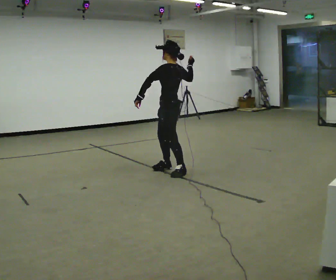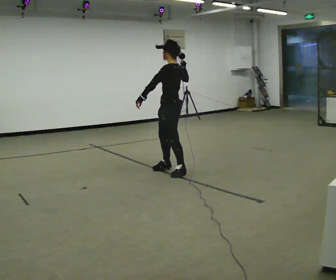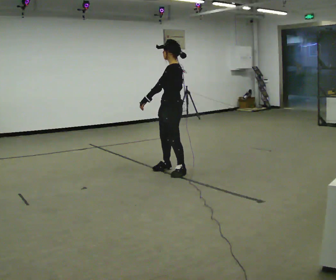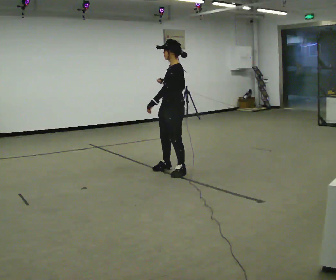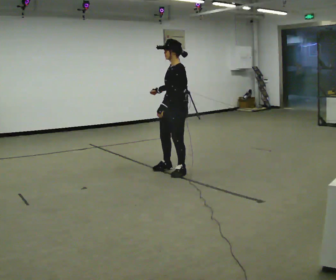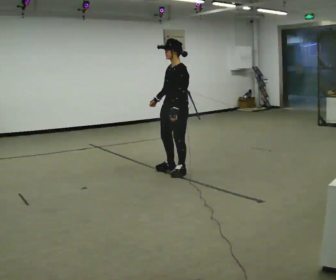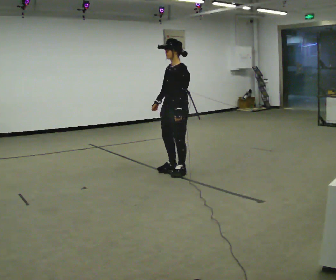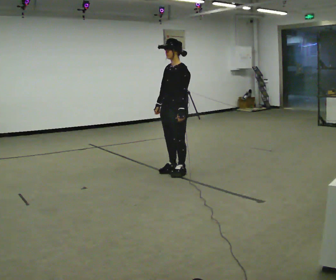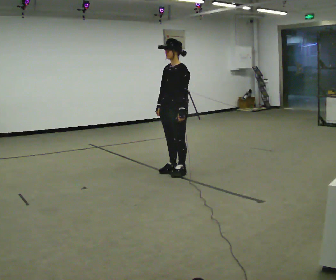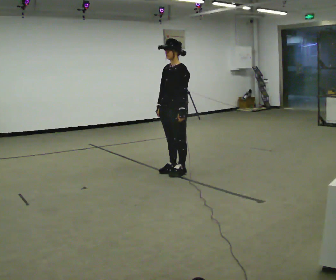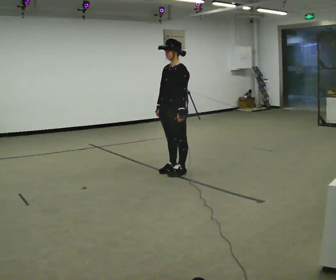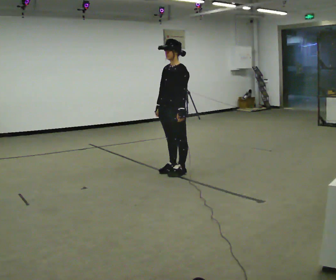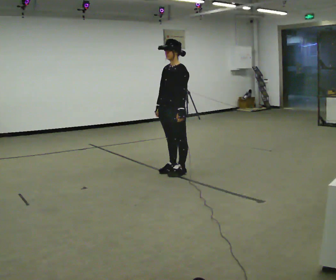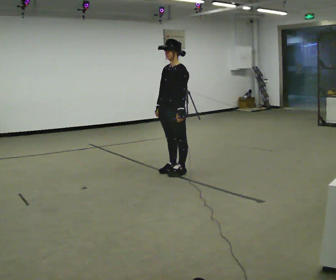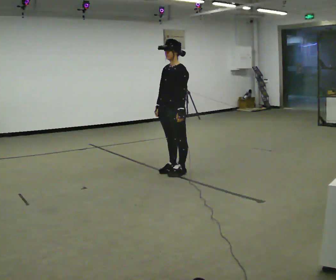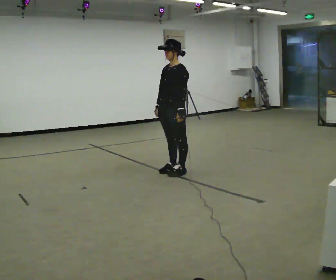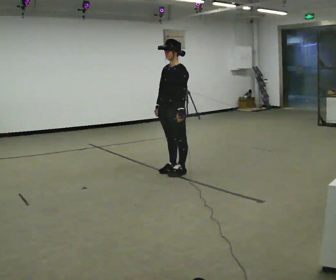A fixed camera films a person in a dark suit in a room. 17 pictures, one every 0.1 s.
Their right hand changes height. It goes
downward.
0.0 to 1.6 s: The person turns about 45 degrees to their left, counterclockwise seen from above, so the part of the body nearest the lens slides to the right. In the picture their right hand goes downward and to the left.
The film runs backward here.
